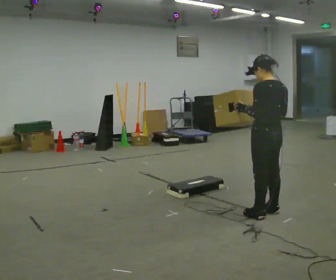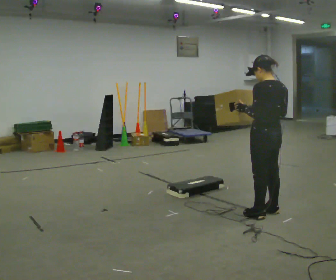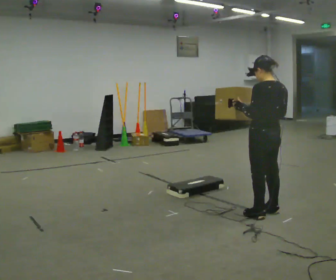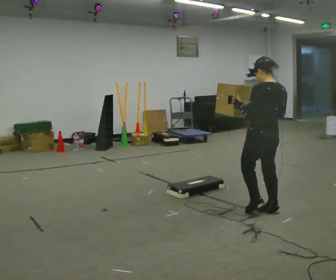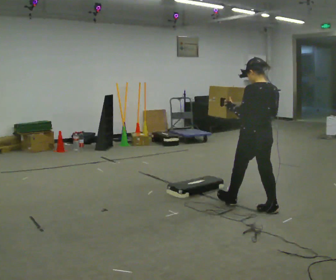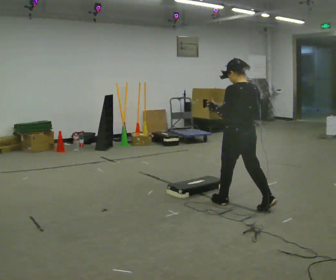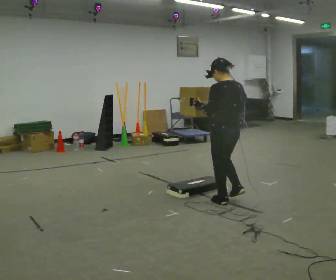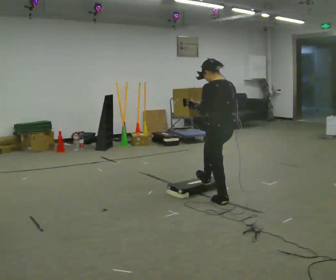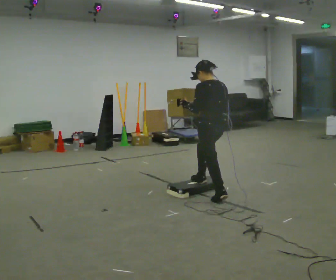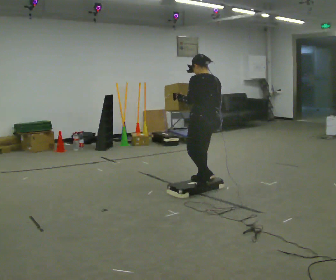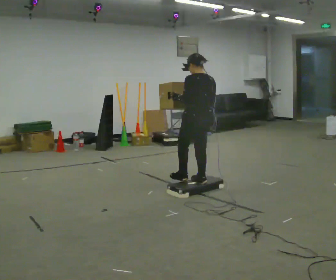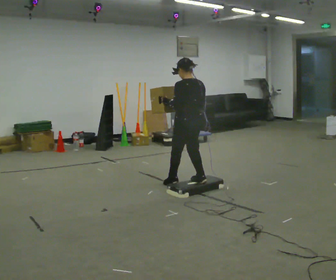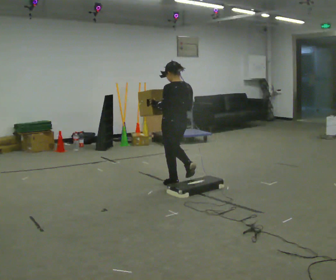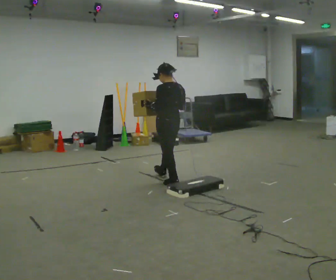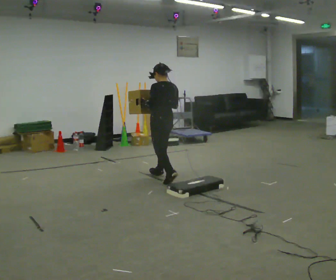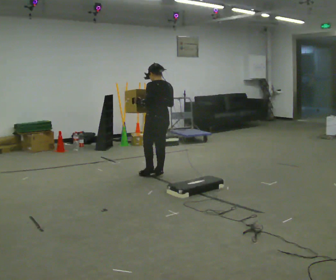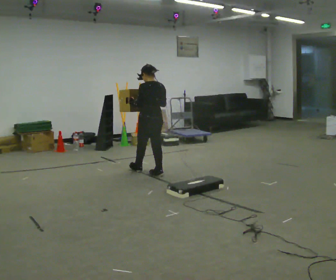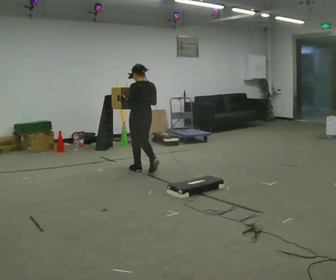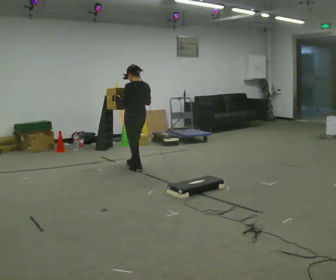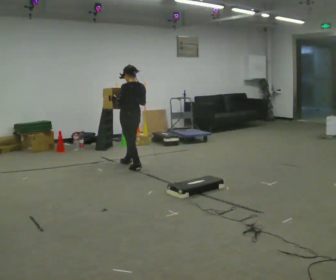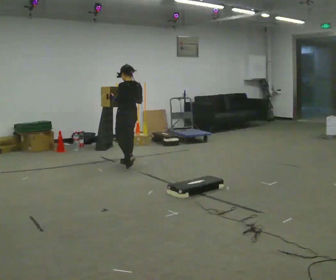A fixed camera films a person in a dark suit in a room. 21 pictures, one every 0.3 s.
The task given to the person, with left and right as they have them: Carry the box up onto the platform, across it, and down the other side, then bring it back. Keep going until the operator says stop; one object at a time, and do not rush between trips.
0.0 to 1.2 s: The person moves a little, or ends about where they began.
1.2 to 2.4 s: In the picture they go away from the camera and to the left, about 0.5 m in 2 steps, which for them is forward.
2.4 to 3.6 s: In the picture they go away from the camera and to the left, about 0.5 m in 1 step, which for them is forward.
3.6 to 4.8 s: In the picture they go away from the camera and to the left, about 0.5 m in 2 steps, which for them is forward.
4.8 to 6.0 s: In the picture they go away from the camera and to the left, about 0.5 m in 1 step, which for them is forward.
The film runs forward here.
